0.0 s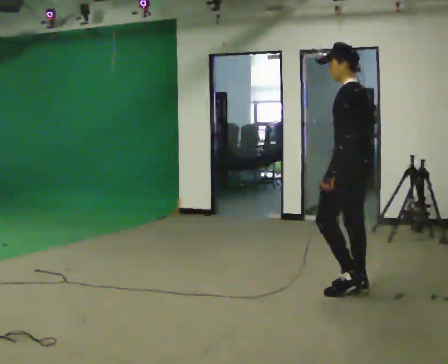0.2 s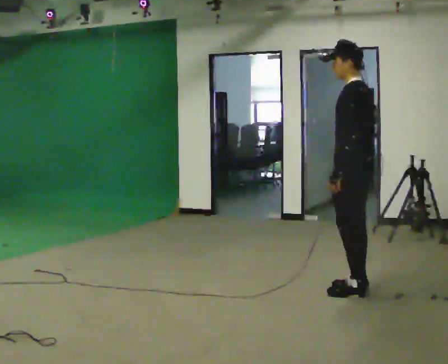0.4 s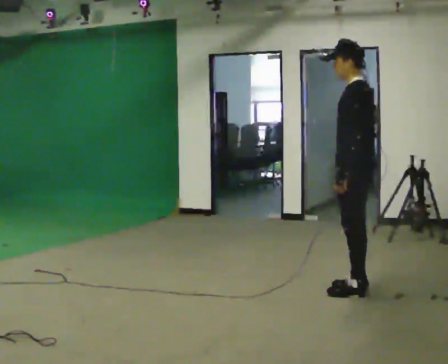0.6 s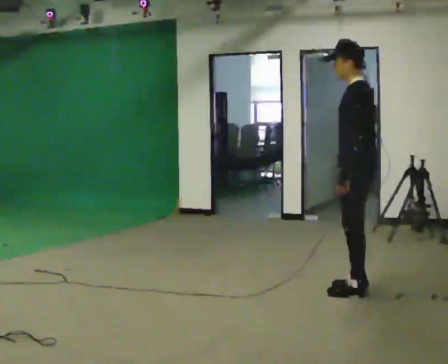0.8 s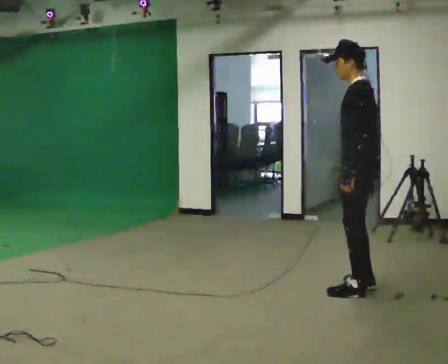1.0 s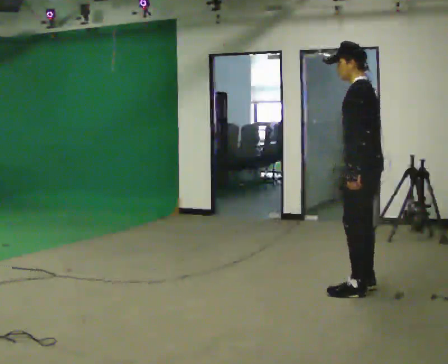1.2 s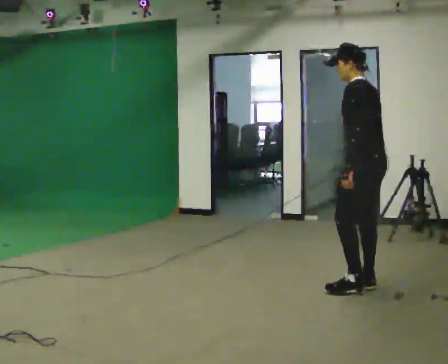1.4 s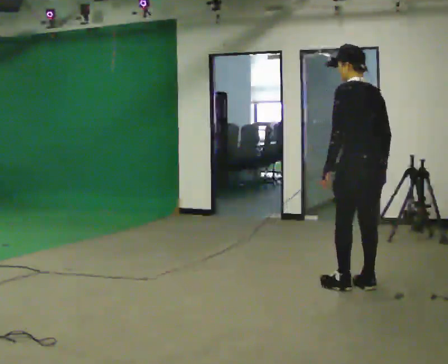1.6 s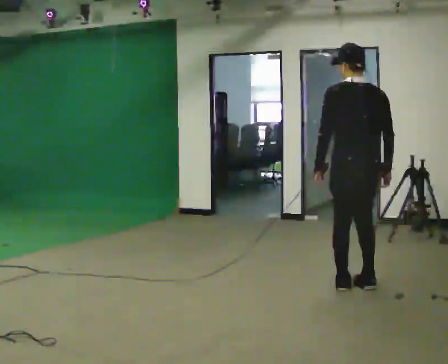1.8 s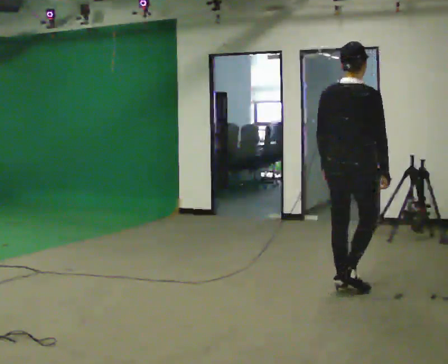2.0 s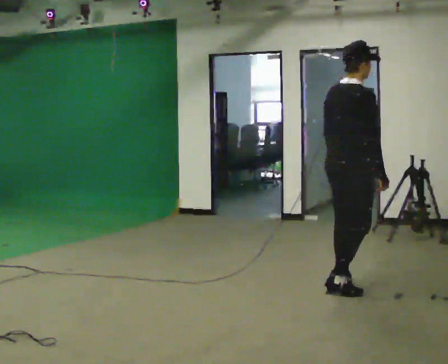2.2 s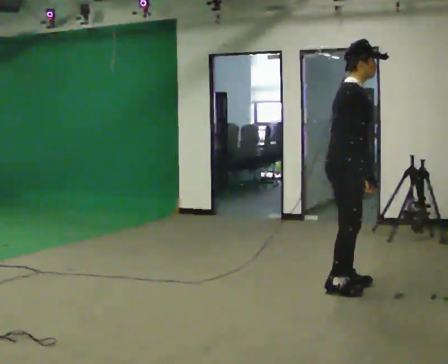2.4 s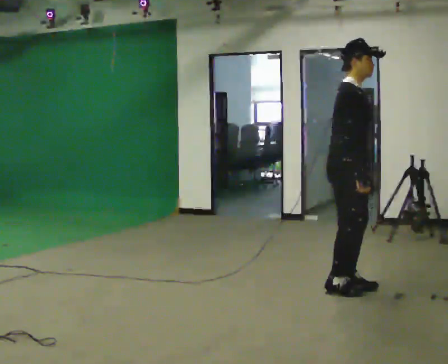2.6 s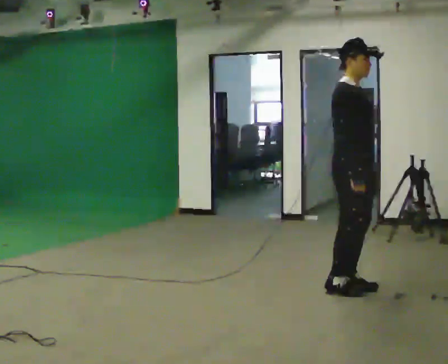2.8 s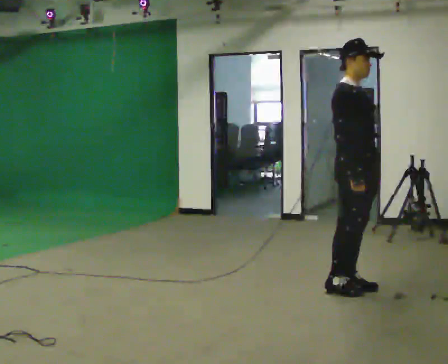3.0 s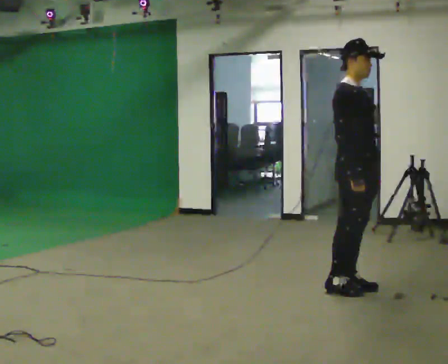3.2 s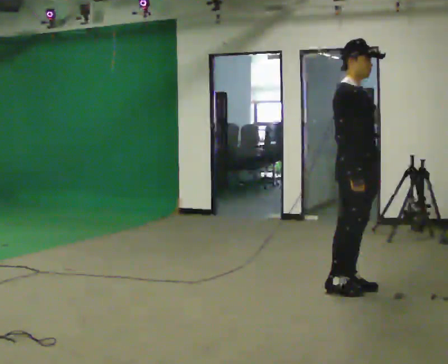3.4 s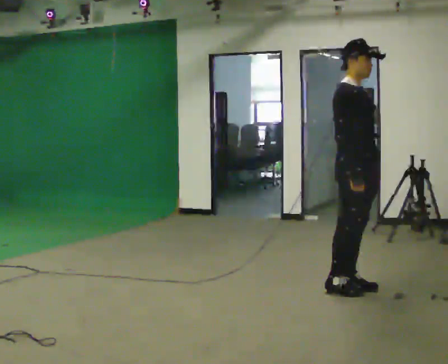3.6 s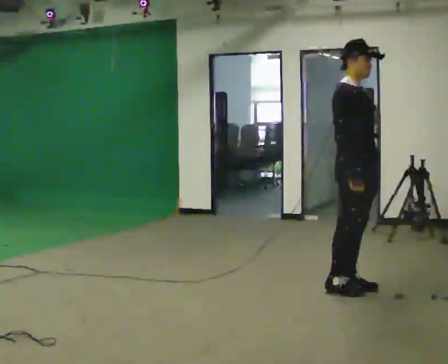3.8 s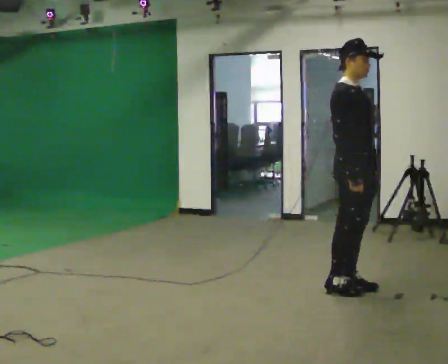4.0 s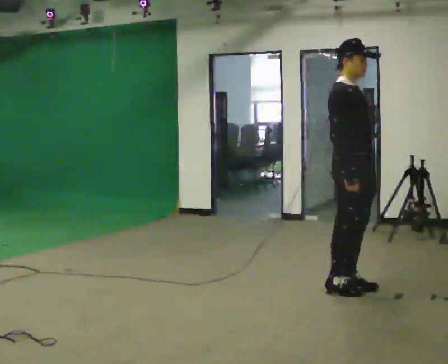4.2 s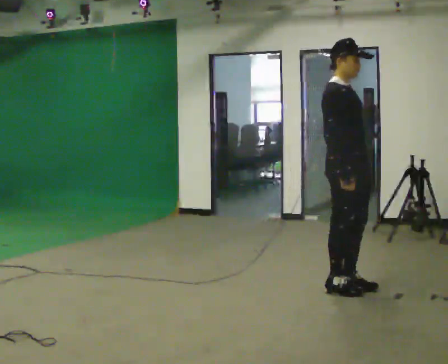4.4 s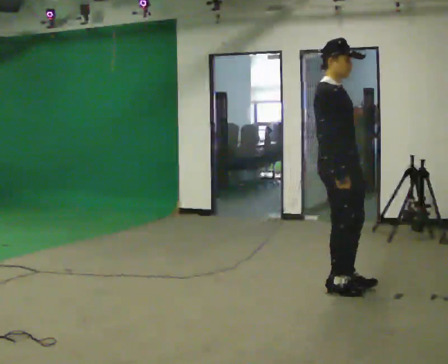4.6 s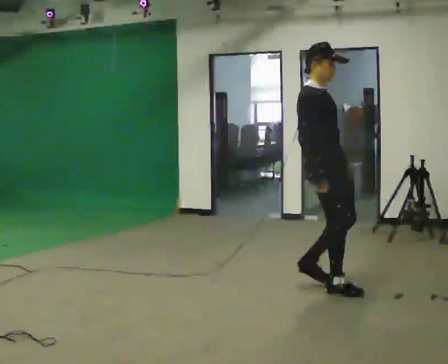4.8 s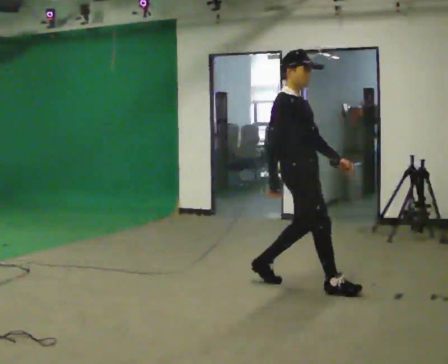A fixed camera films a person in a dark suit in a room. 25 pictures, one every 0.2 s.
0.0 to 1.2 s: The person moves a little, or ends about where they began.
1.2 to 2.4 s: The person turns about 165 degrees to their right, clockwise seen from above, so the part of the body nearest the lens slides to the left. In the picture they go to the left, about 0.25 m in 1 step.
2.4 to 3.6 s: The person moves a little, or ends about where they began.
3.6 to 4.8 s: In the picture they go to the left, about 0.5 m in 2 steps, which for them is backward.
The film runs backward here.
